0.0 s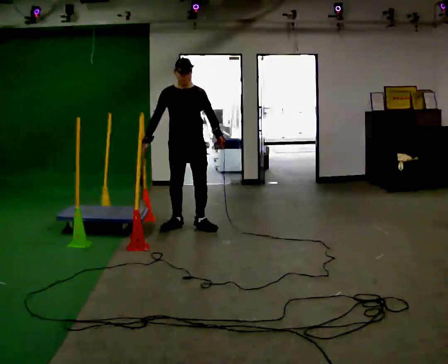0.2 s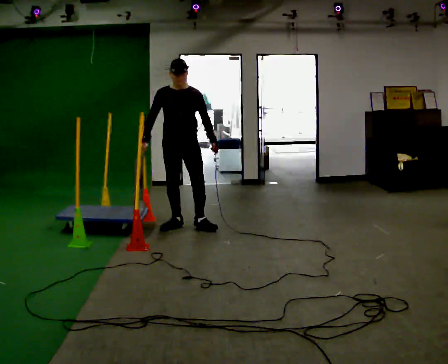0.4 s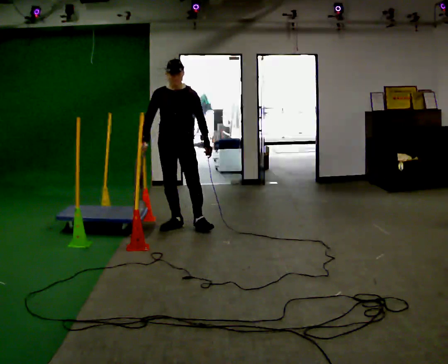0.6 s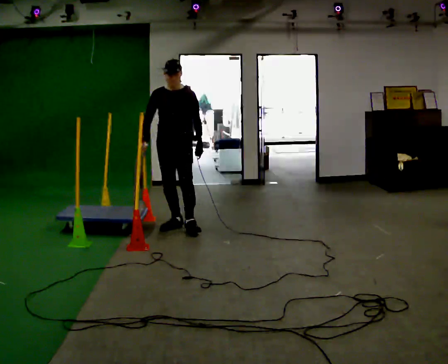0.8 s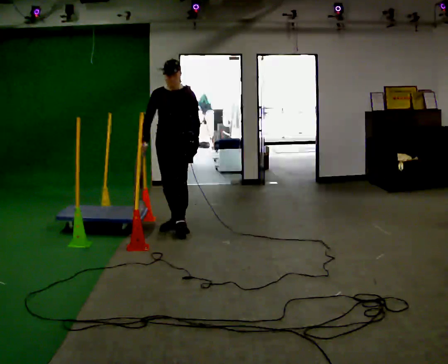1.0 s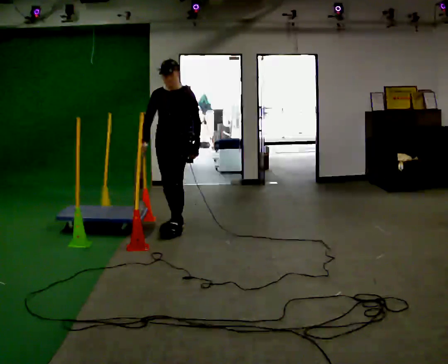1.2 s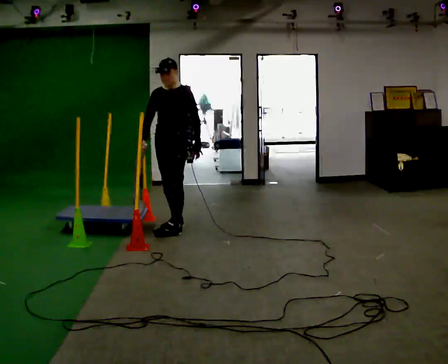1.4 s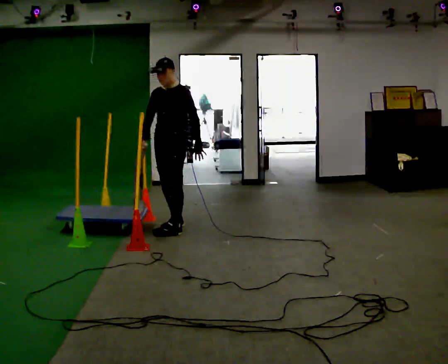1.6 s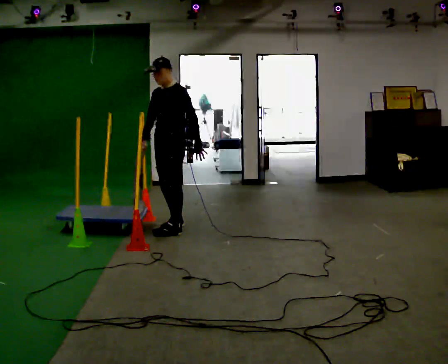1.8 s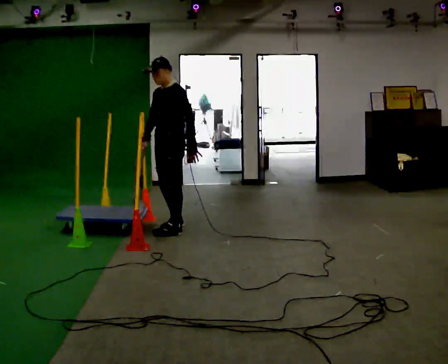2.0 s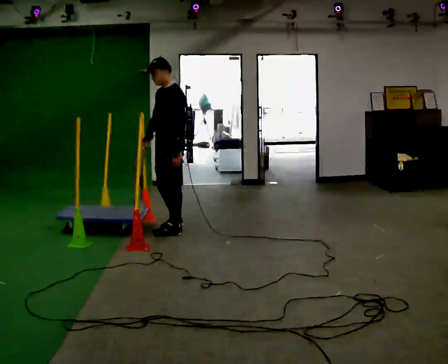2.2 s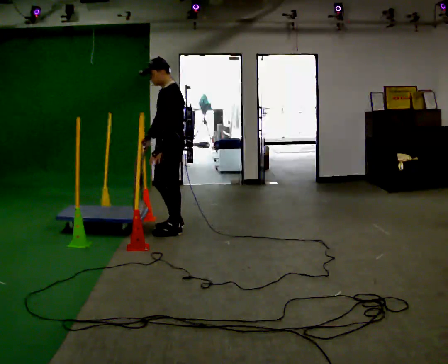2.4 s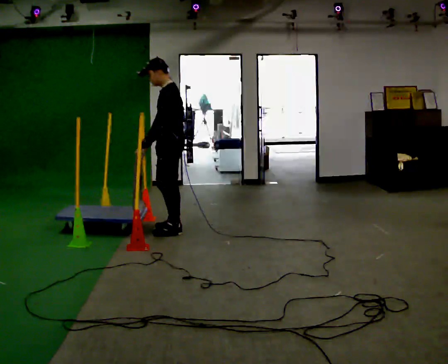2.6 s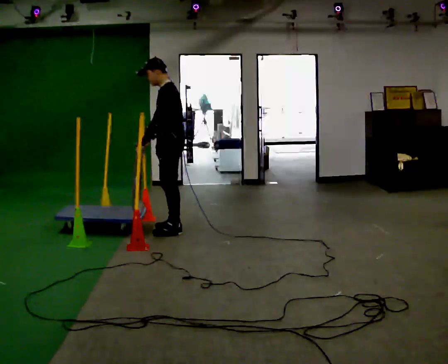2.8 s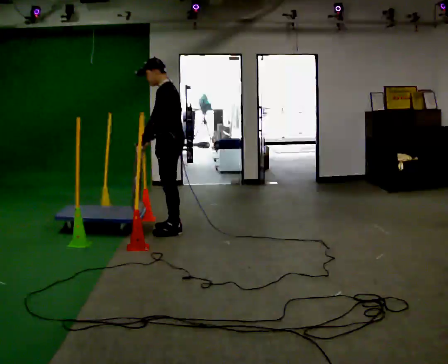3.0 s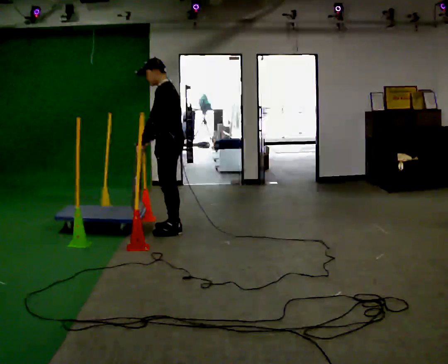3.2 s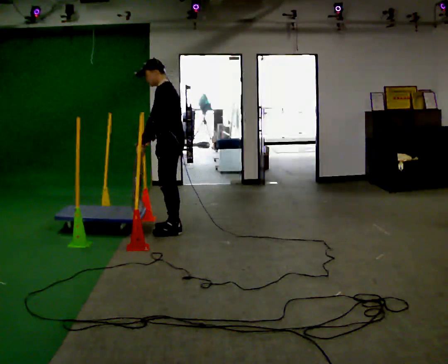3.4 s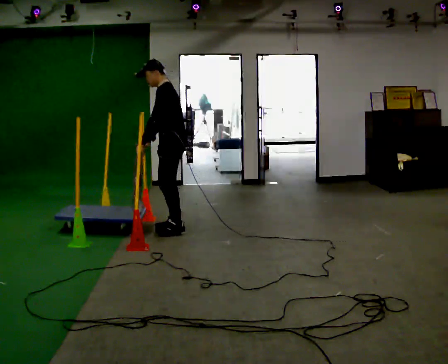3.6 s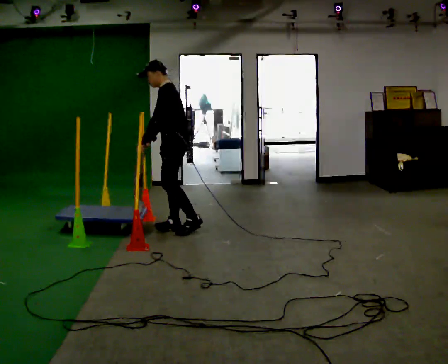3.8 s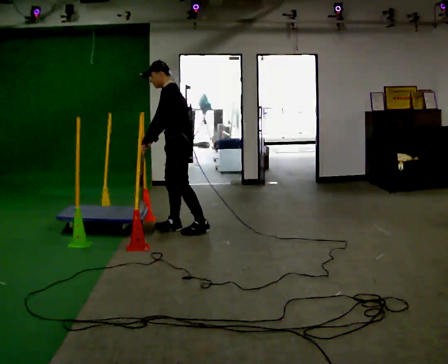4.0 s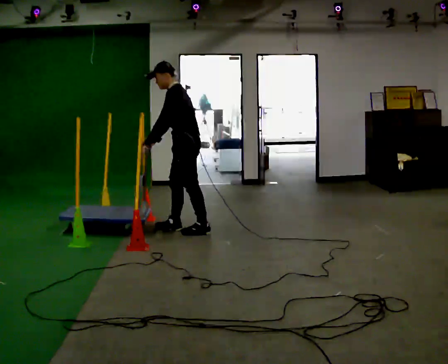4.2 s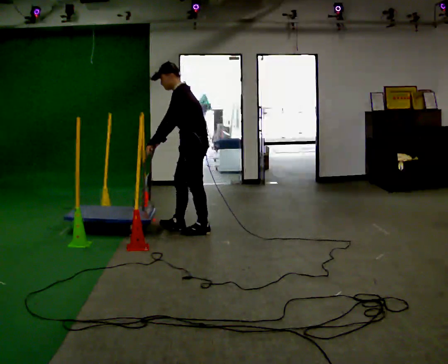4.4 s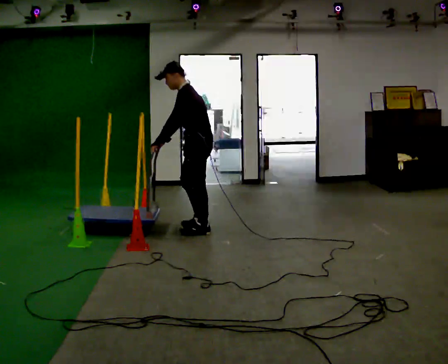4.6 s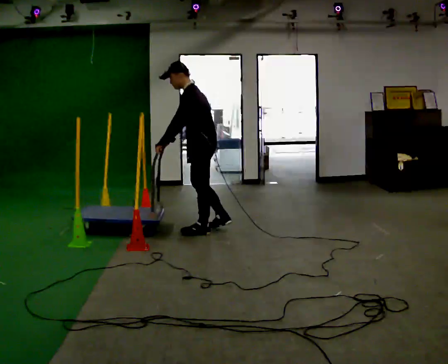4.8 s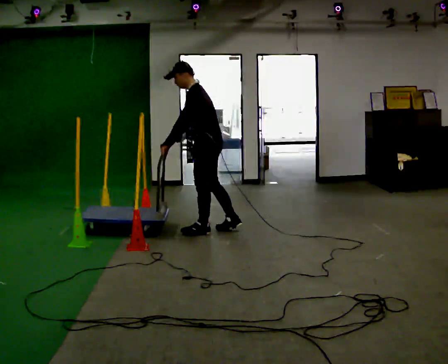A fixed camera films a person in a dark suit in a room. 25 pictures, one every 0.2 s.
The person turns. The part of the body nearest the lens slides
to the left.
The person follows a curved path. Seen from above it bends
counterclockwise.
0.0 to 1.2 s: The person turns about 30 degrees to their right, clockwise seen from above, so the part of the body nearest the lens slides to the left.
1.2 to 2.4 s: Seen from above the body turns clockwise, about 45 degrees: to their right, with its near side sliding to the left. In the picture they go toward the camera, about 0.25 m in 1 step, which for them is to their left. In the picture their left hand goes to the left, the arm swinging clockwise.
2.4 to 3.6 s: The person moves a little, or ends about where they began.
3.6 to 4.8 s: In the picture they go to the right, about 0.25 m in 1 step, which for them is backward.
The film runs backward here.
